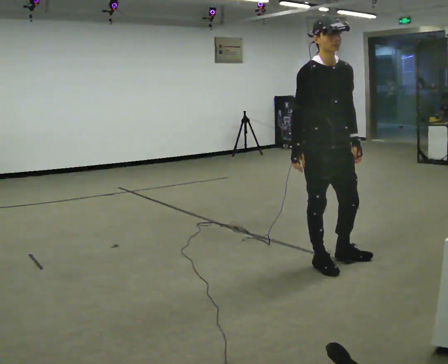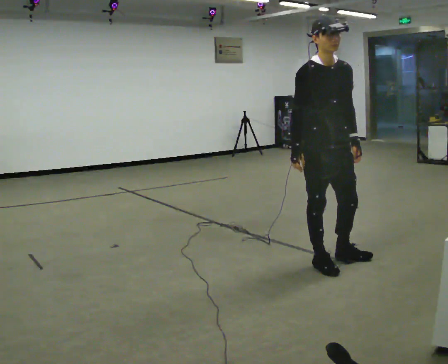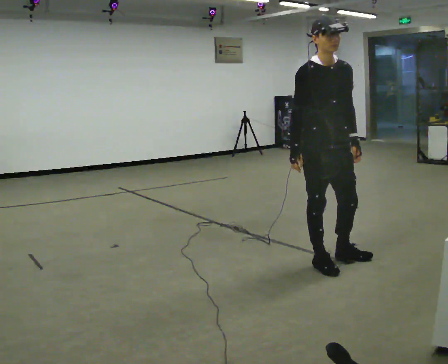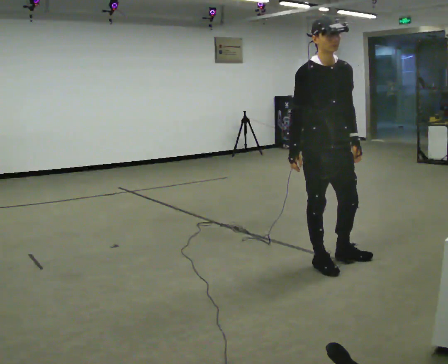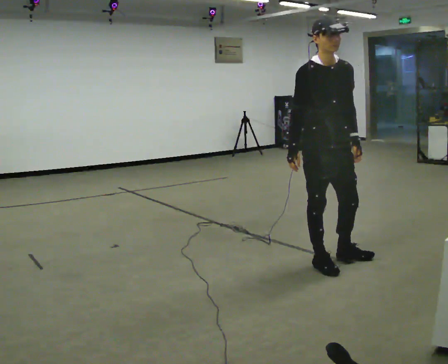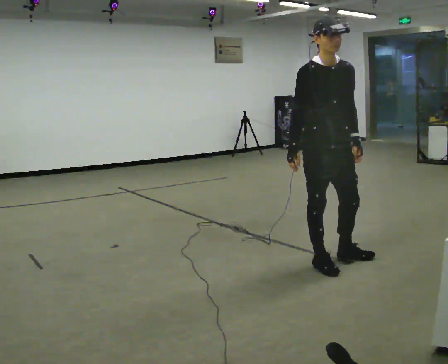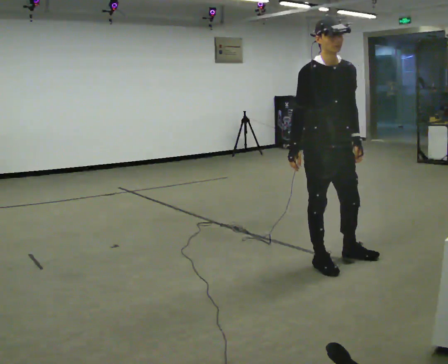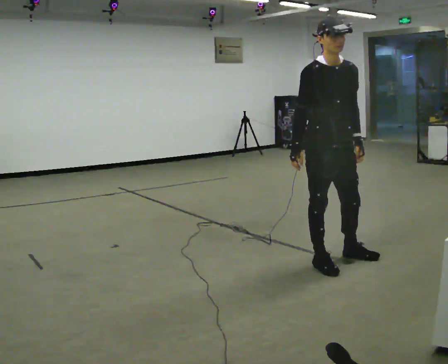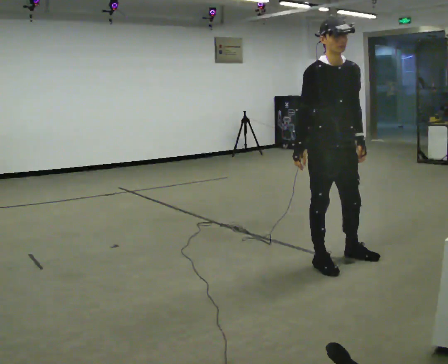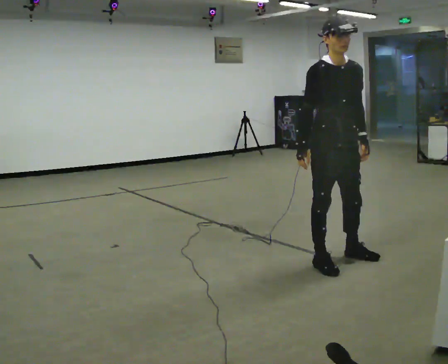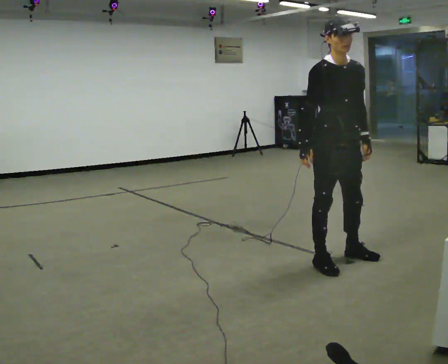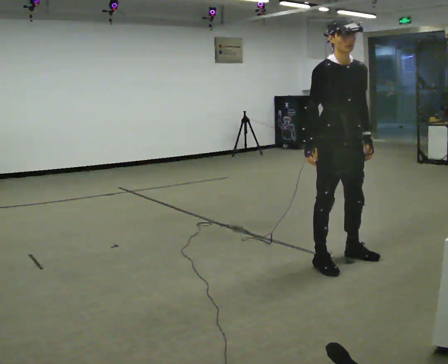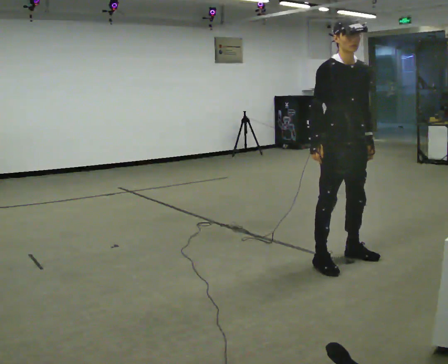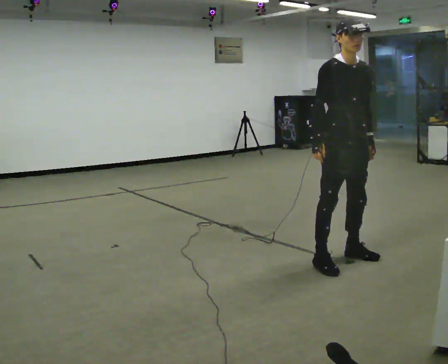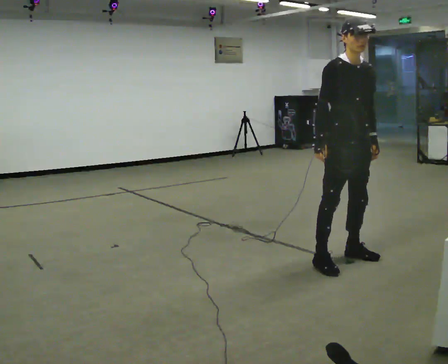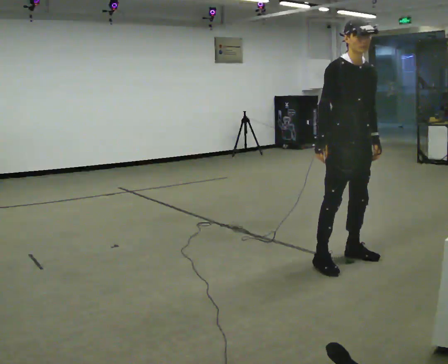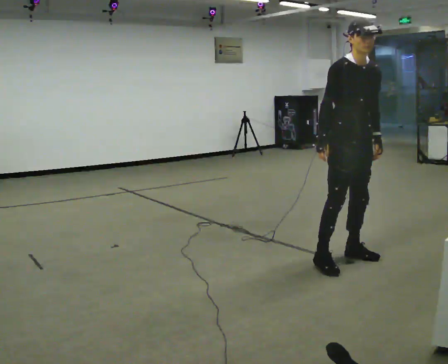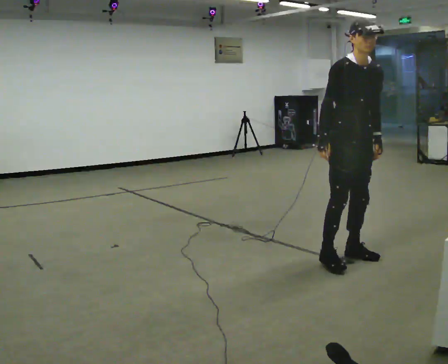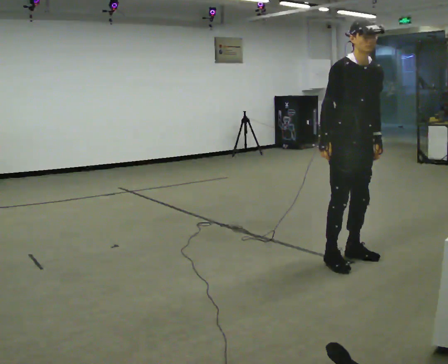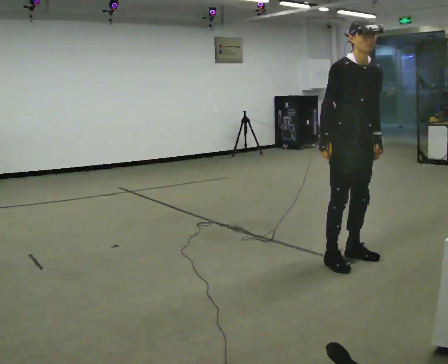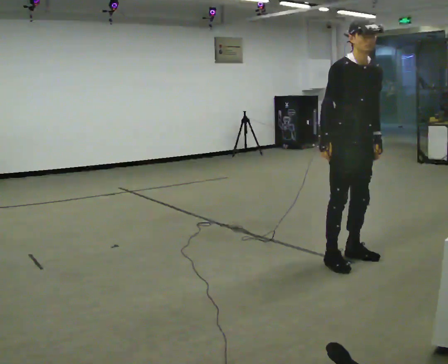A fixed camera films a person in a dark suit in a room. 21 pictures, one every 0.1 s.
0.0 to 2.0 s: In the picture they go to the right and away from the camera, about 0.25 m, which for them is to their left.
The film runs backward here.
